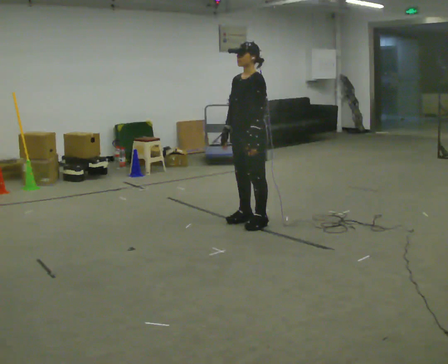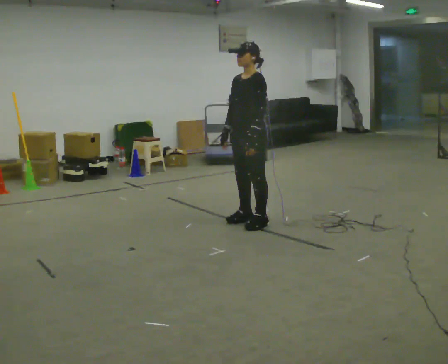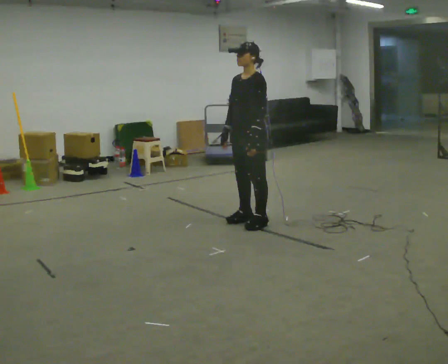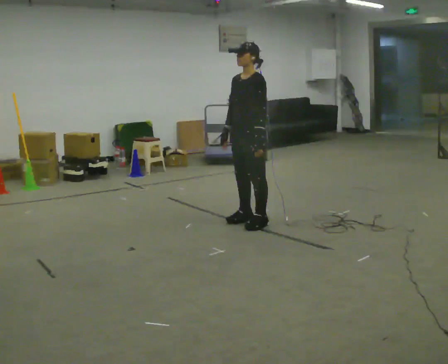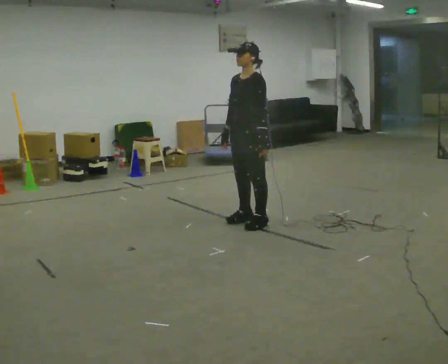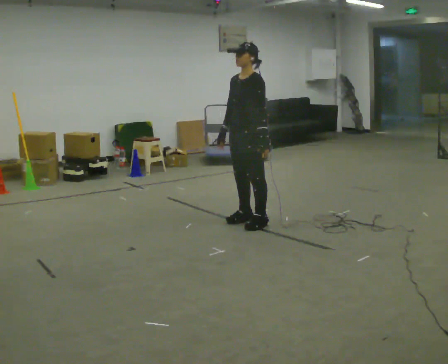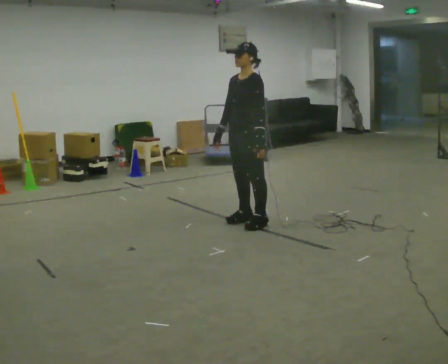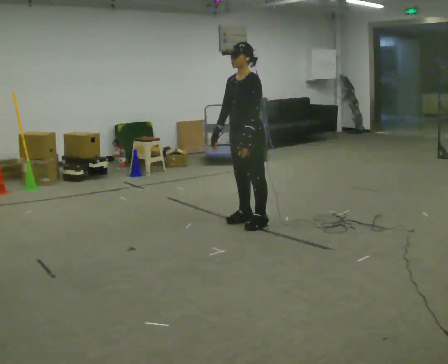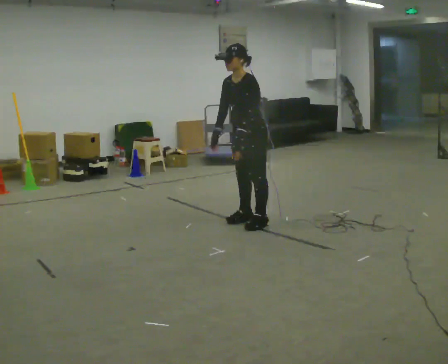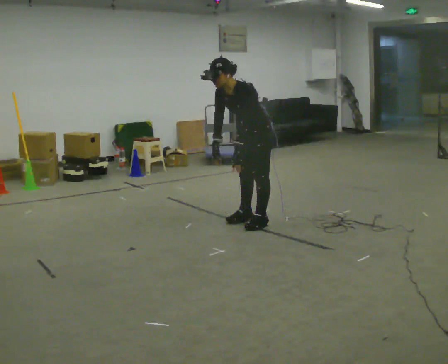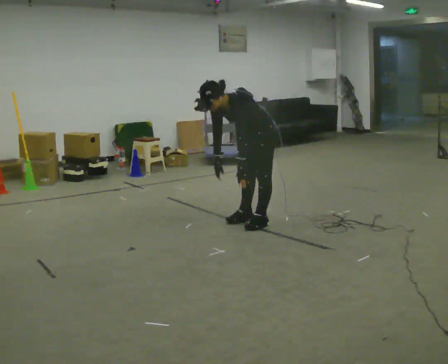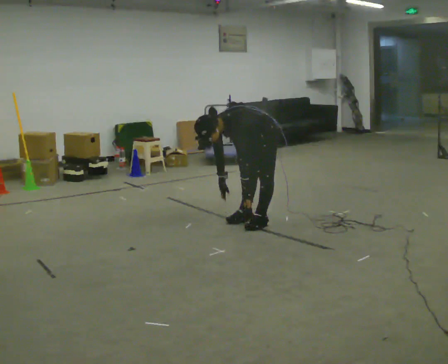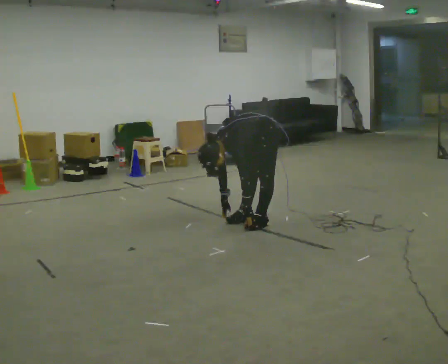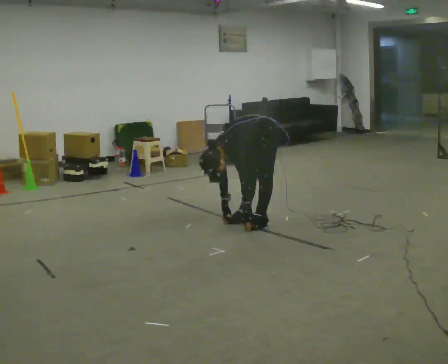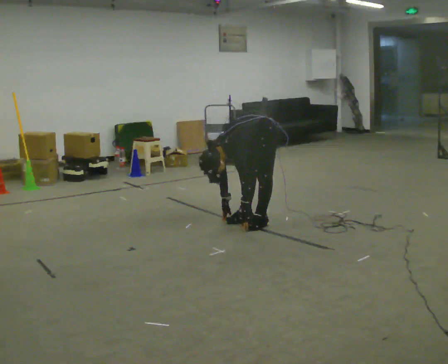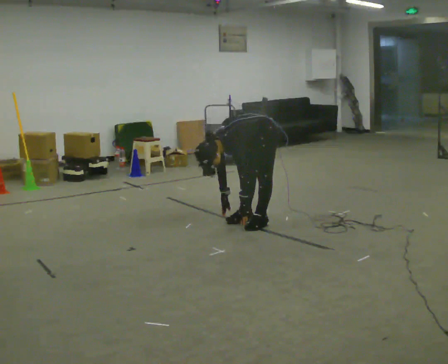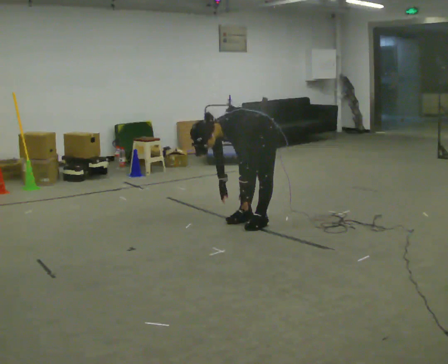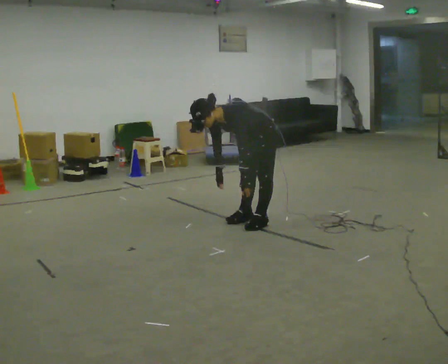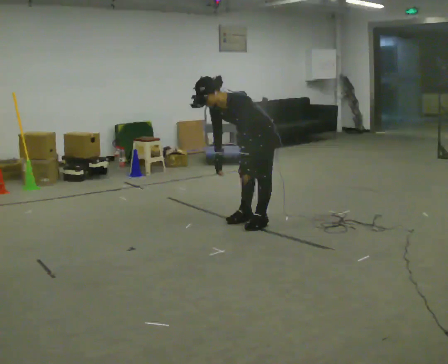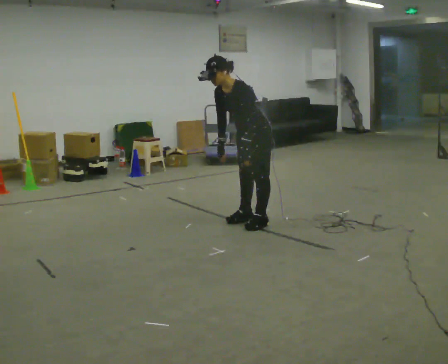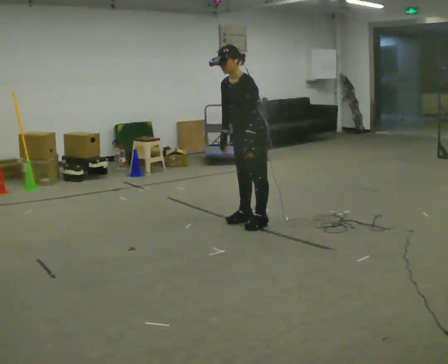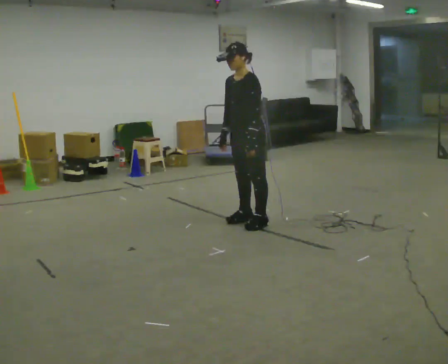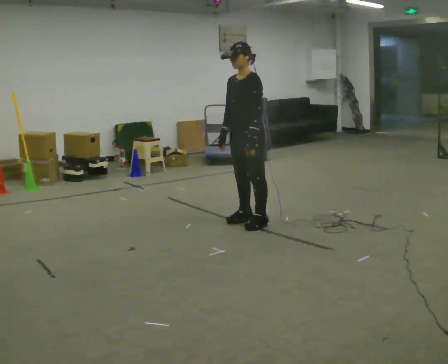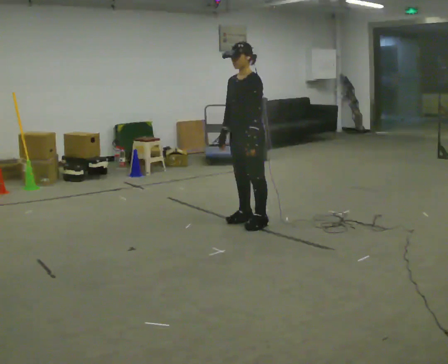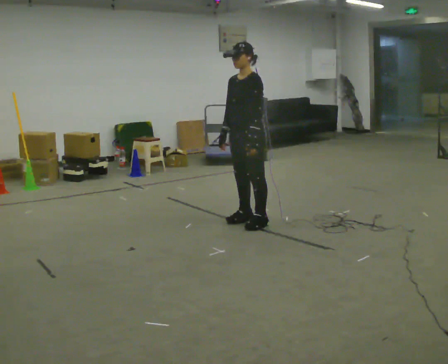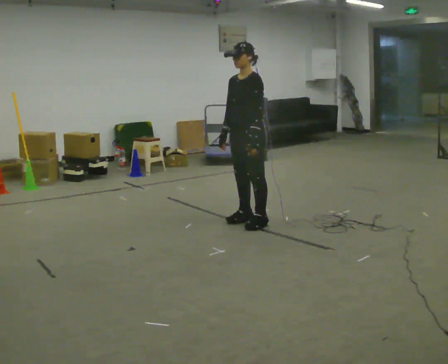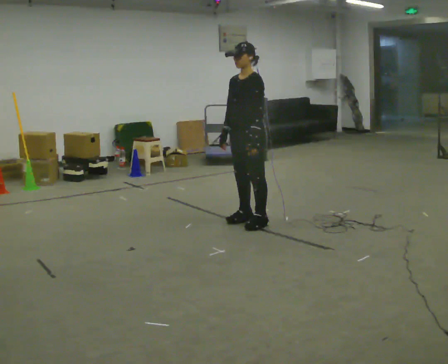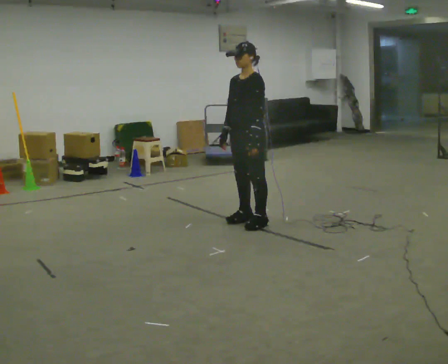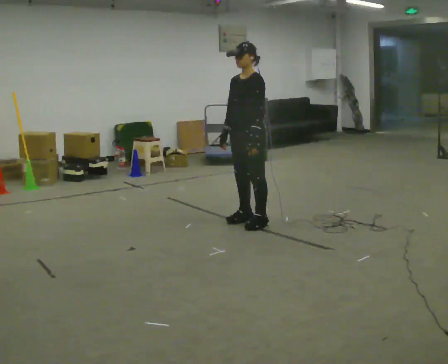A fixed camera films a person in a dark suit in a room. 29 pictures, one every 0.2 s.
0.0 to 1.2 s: The person moves a little, or ends about where they began.
1.2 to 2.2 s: The upper body goes downward. In the picture the upper body tilts counterclockwise, shoulders to the left, as they bend forward. In the picture their right hand goes downward.
2.2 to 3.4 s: The person moves a little, or ends about where they began.
3.4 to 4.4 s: The shoulders move upward. In the picture the upper body tilts clockwise, shoulders to the right, as they lean back or straighten. In the picture their left hand goes upward.
4.4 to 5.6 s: The person moves a little, or ends about where they began.
The film runs backward here.
